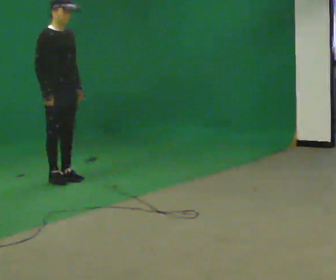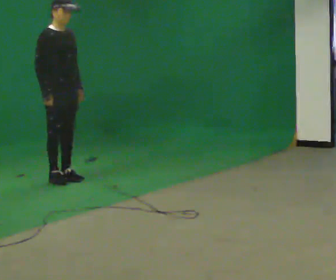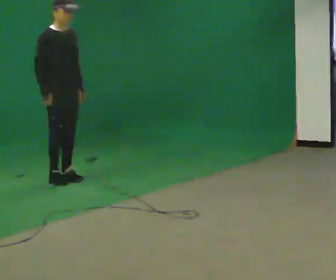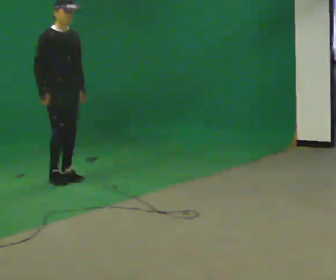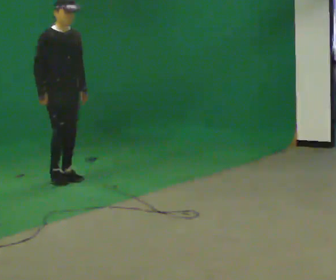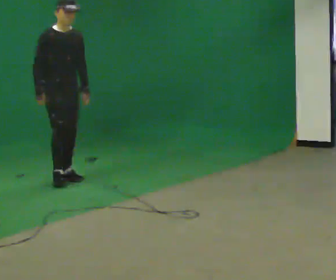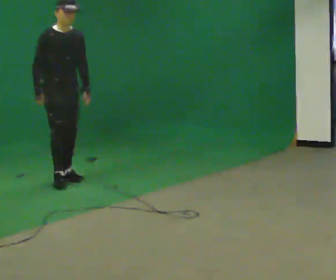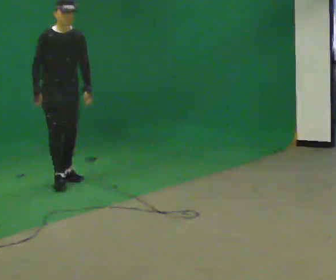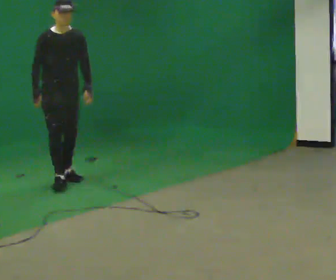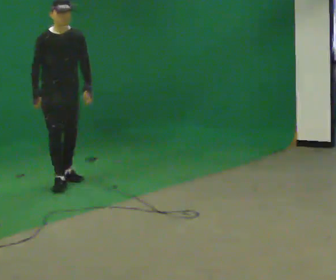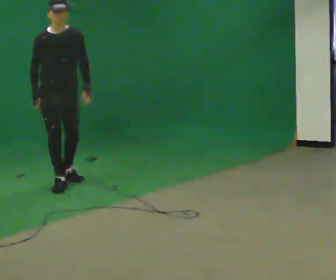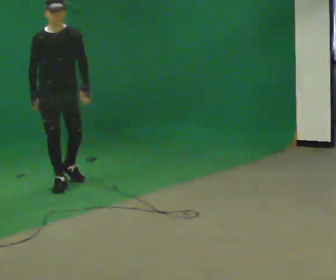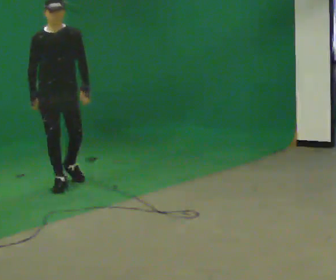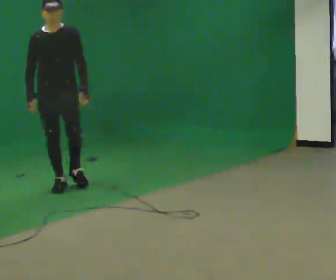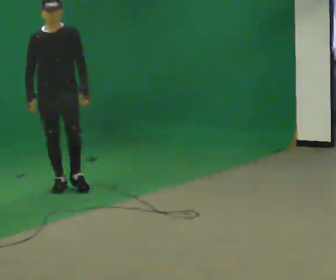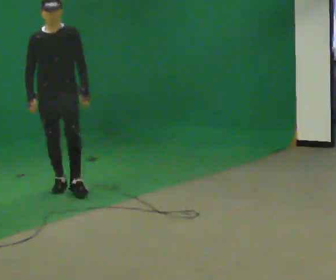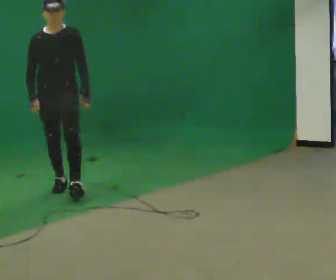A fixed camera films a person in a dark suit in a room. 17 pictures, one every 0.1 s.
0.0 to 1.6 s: The person turns about 45 degrees to their right, clockwise seen from above, so the part of the body nearest the lens slides to the left. In the picture they go toward the camera, about 0.5 m in 1 step, which for them is forward.
The film runs forward here.
